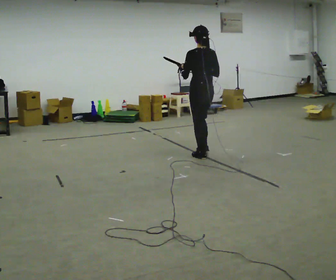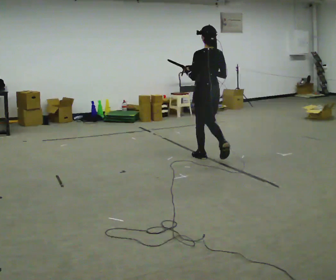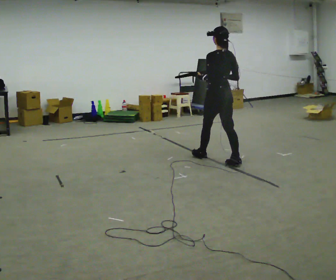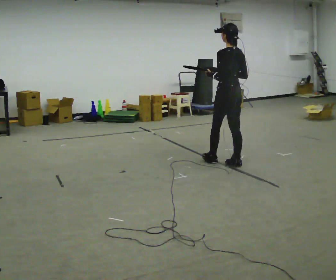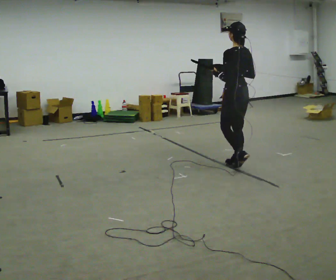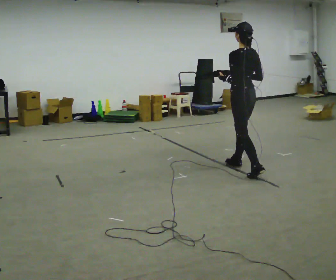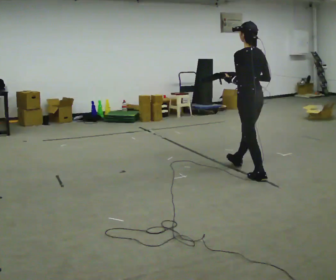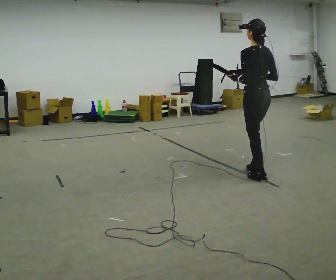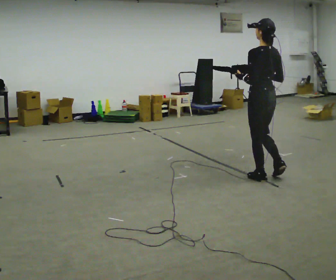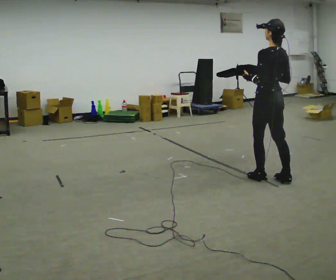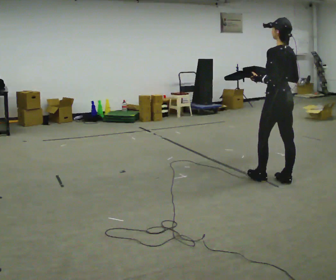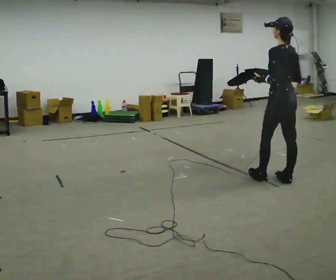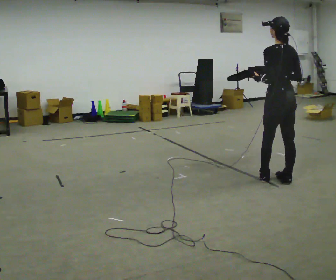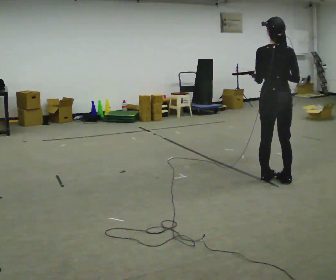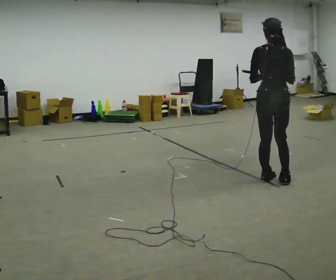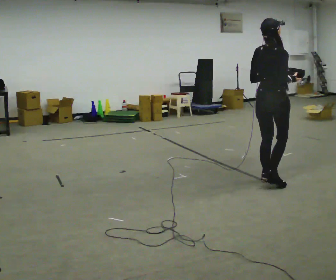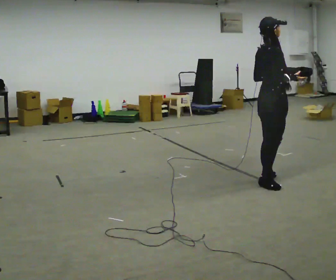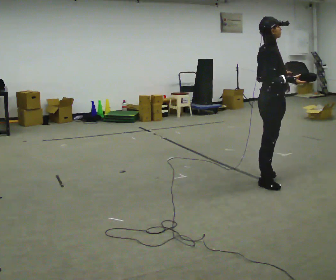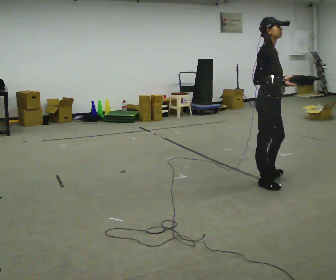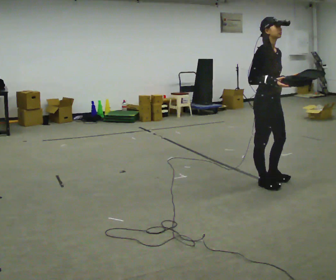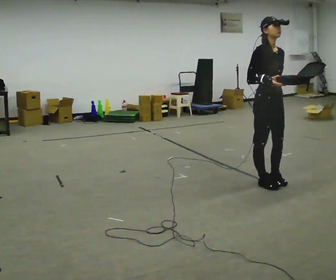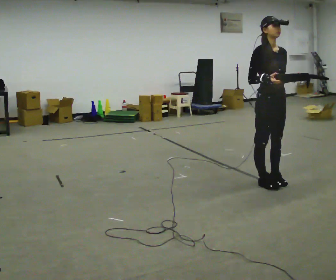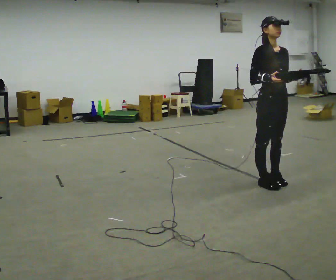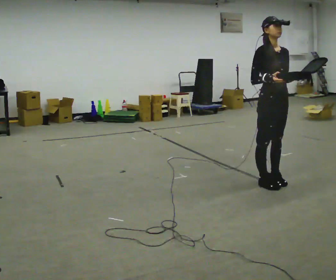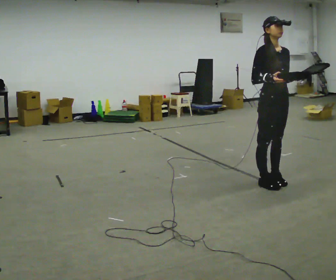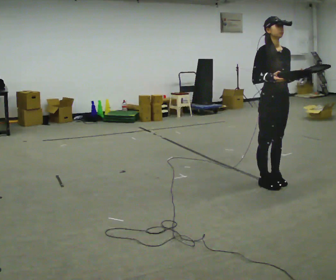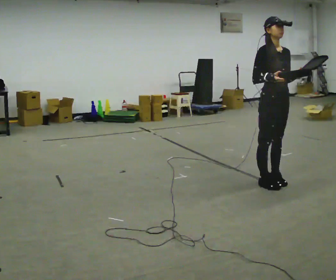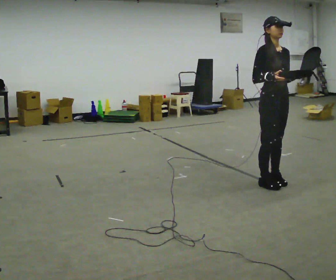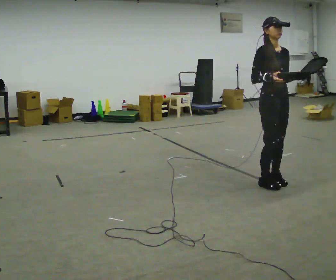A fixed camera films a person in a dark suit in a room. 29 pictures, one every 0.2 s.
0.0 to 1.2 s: In the picture they go toward the camera and to the right, about 1 m in 2 steps, which for them is backward.
1.2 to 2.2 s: In the picture they go to the right and toward the camera, about 0.5 m, which for them is backward.
2.2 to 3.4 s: Seen from above the body turns clockwise, about 120 degrees: to their right, with its near side sliding to the left.
3.4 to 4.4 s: The person turns about 60 degrees to their right, clockwise seen from above, so the part of the body nearest the lens slides to the left.
4.4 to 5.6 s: The person moves a little, or ends about where they began.
The film runs backward here.
